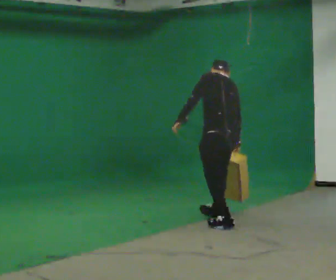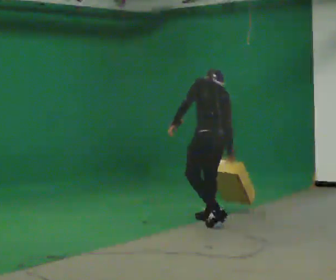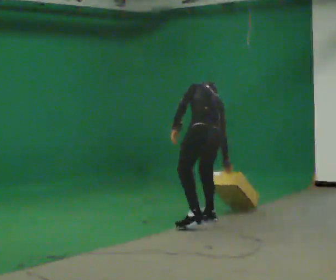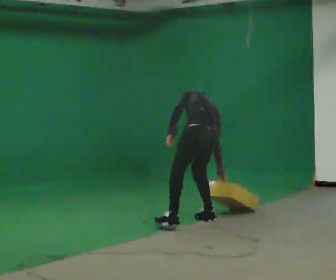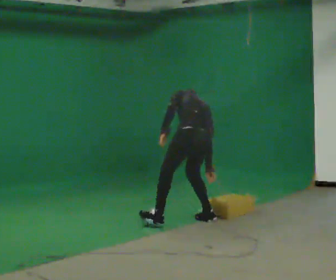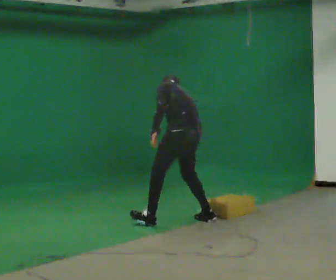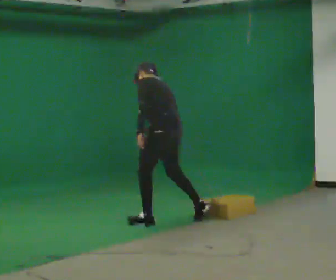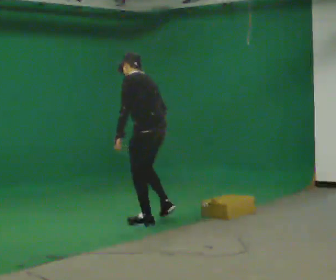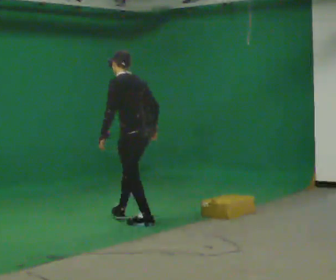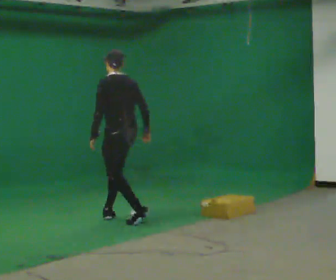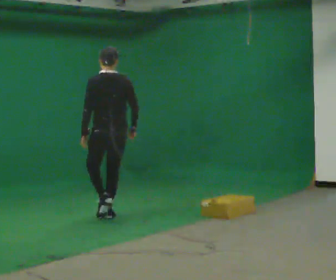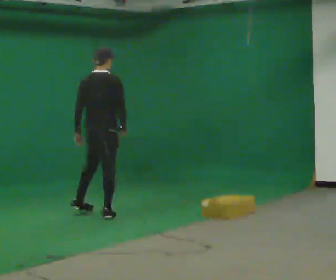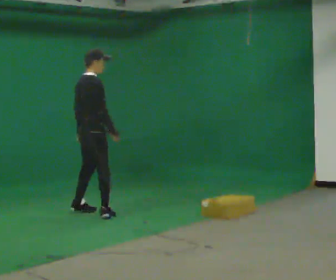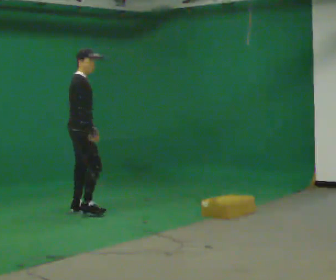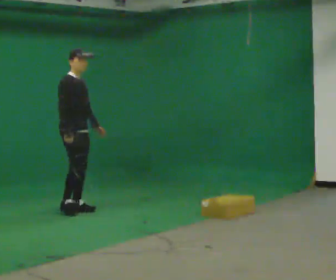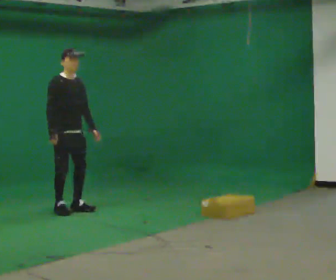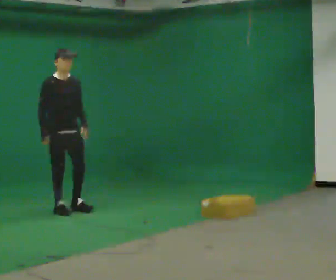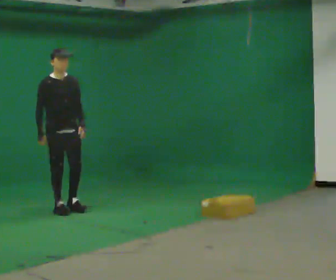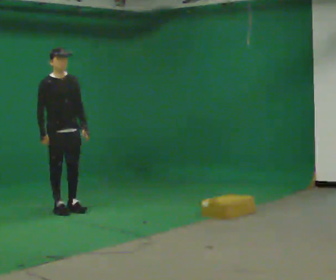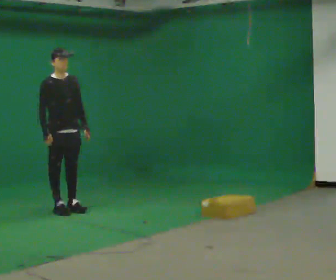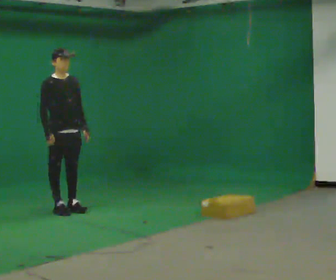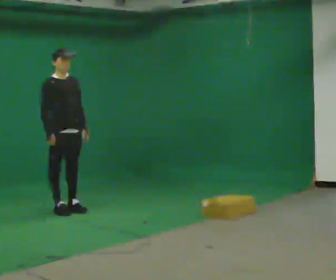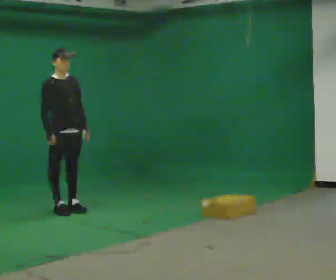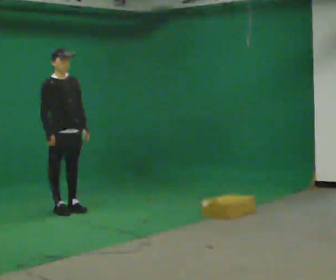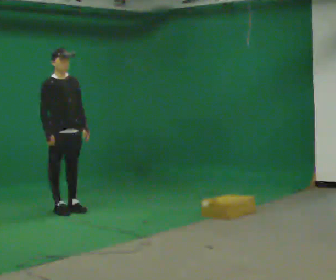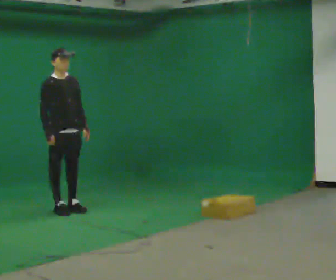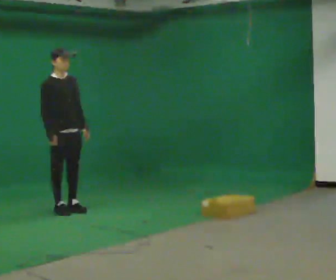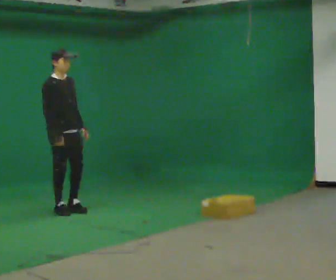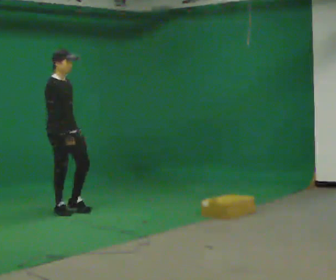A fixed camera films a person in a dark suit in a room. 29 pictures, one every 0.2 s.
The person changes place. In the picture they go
to the left.
0.0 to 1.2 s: In the picture they go to the left and away from the camera, about 0.5 m in 2 steps, which for them is forward and to their left. In the picture the upper body tilts counterclockwise, shoulders to the left.
1.2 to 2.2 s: The part of the body nearest the lens slides to the left as the person turns to their right by about 75 degrees. In the picture they go to the left and away from the camera, about 1 m in 1 step. The upper body tips toward the camera, its near side rolling downward, as they lean back or straighten.
2.2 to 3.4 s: Seen from above the body turns clockwise, about 120 degrees: to their right, with its near side sliding to the left. In the picture they go to the left and away from the camera, about 0.5 m in 2 steps.
3.4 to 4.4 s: The person moves a little, or ends about where they began.
4.4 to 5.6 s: The person turns about 30 degrees to their left, counterclockwise seen from above, so the part of the body nearest the lens slides to the right.
The film runs forward here.
